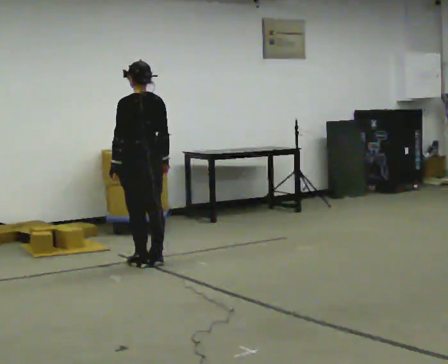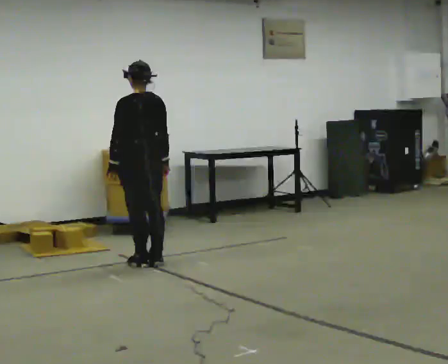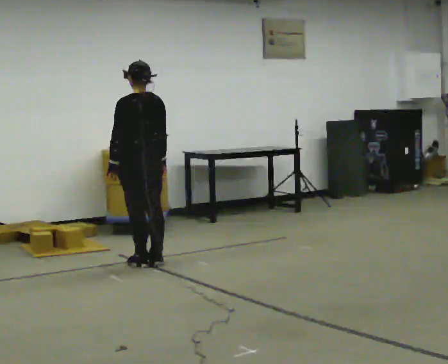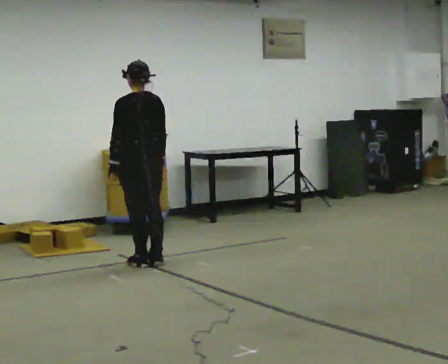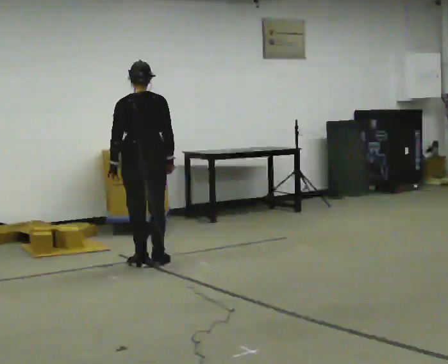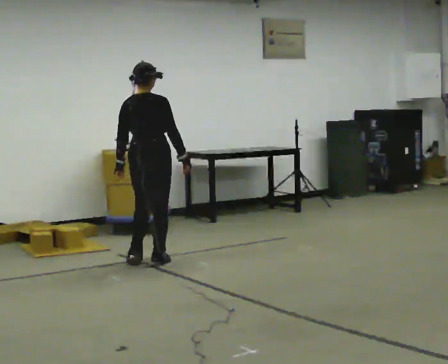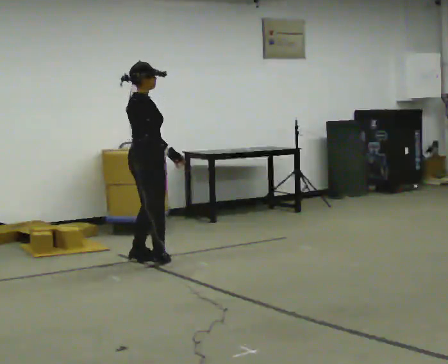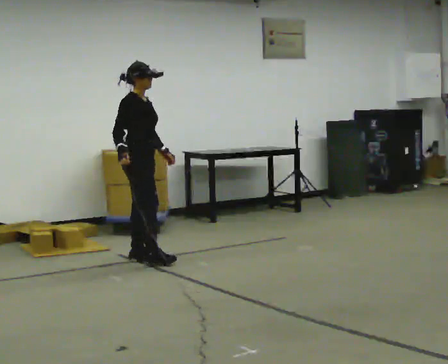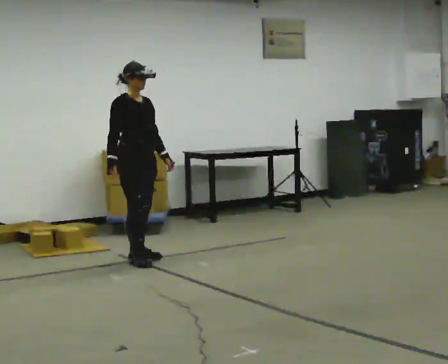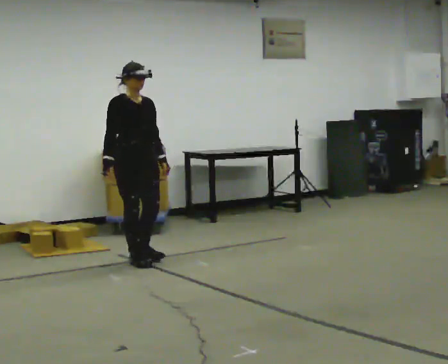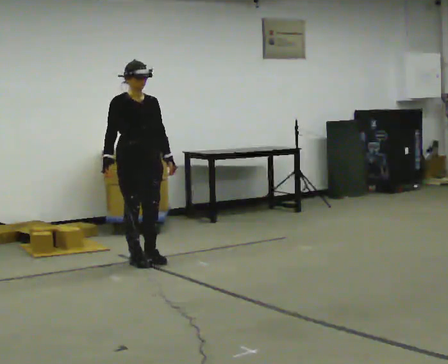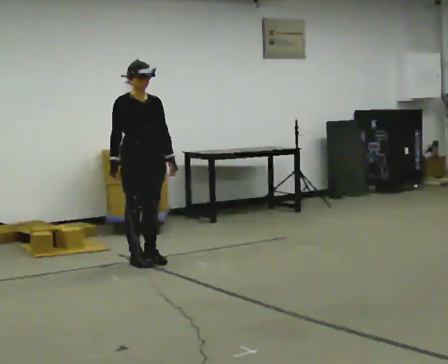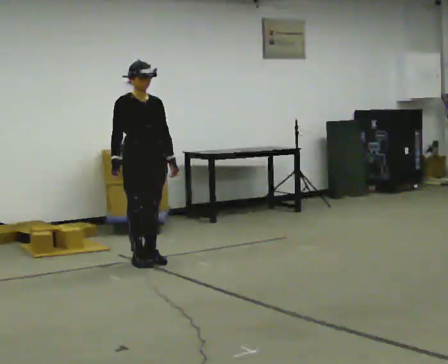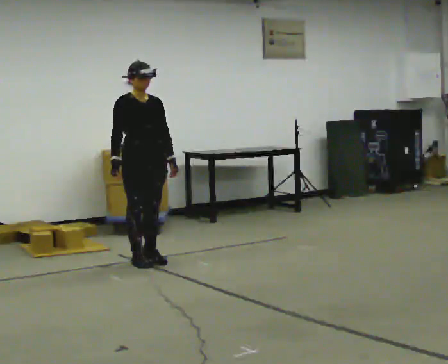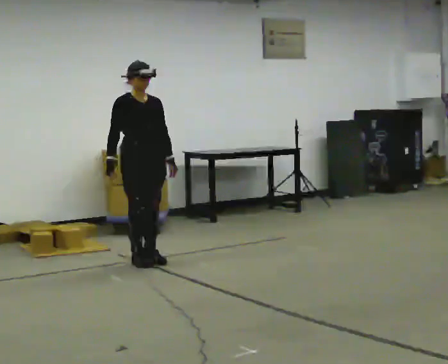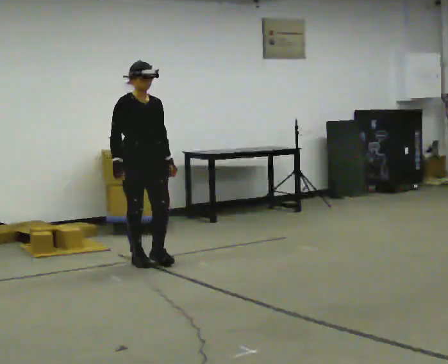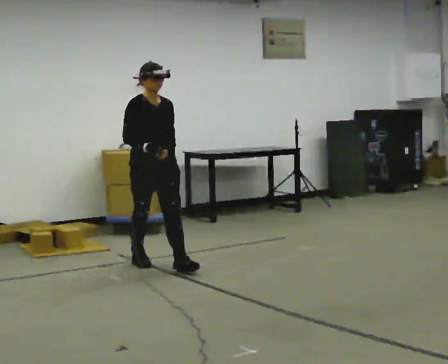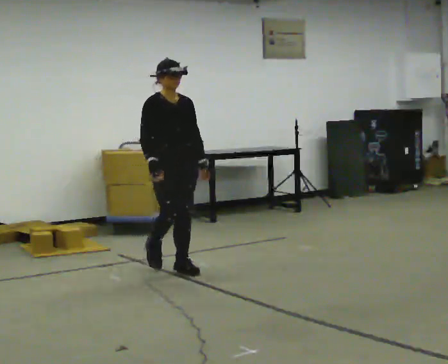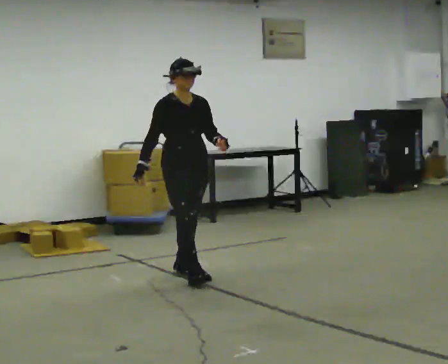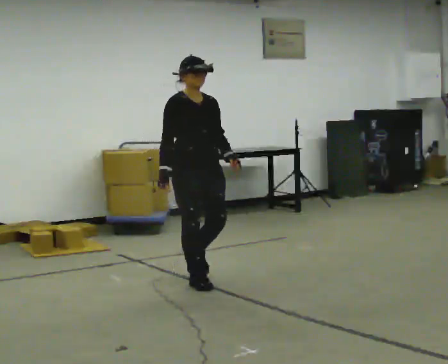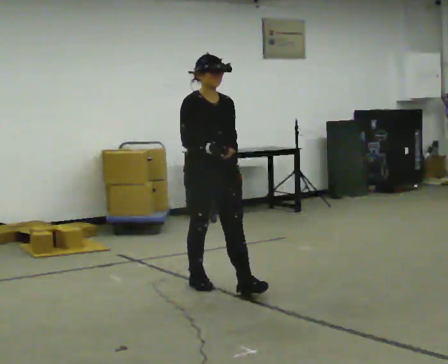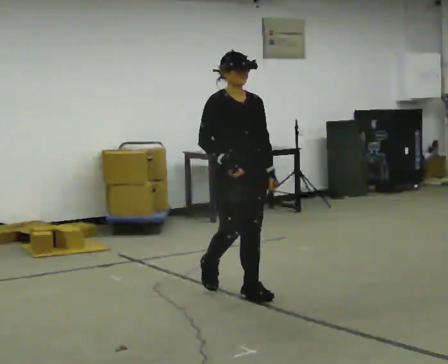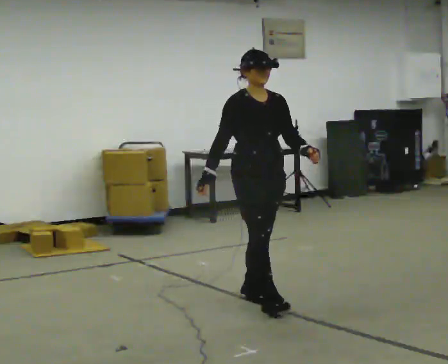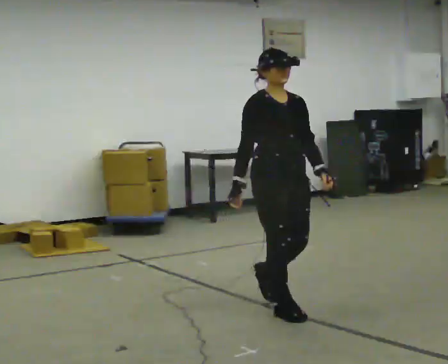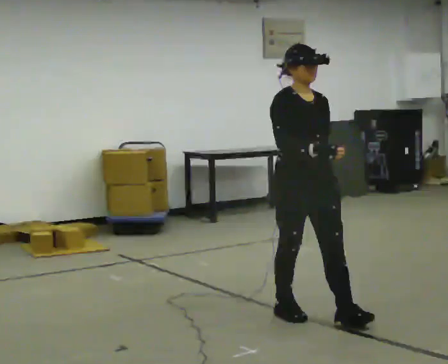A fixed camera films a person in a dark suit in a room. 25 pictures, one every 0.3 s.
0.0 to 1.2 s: Seen from above the body turns clockwise, about 30 degrees: to their right, with its near side sliding to the left.
1.2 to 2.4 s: The part of the body nearest the lens slides to the left as the person turns to their right by about 135 degrees. In the picture their right hand goes to the left, the arm swinging clockwise.
2.4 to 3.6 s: The person moves a little, or ends about where they began.
3.6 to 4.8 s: In the picture they go toward the camera, about 0.25 m in 1 step, which for them is forward.
4.8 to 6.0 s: In the picture they go toward the camera and to the right, about 1 m in 1 step, which for them is forward.
6.0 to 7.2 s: In the picture they go toward the camera and to the right, about 1 m in 2 steps, which for them is forward.
The film runs forward here.
